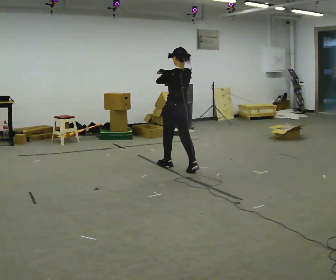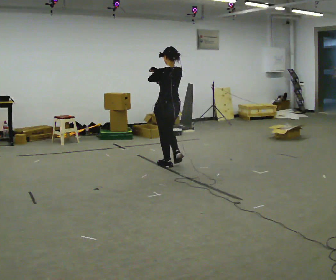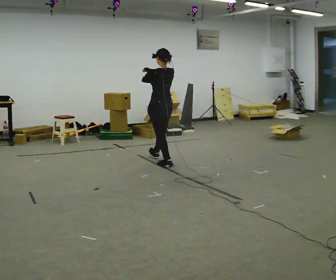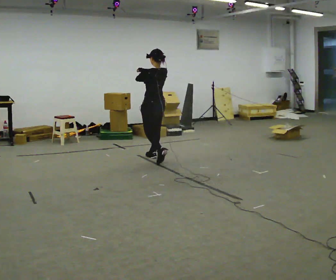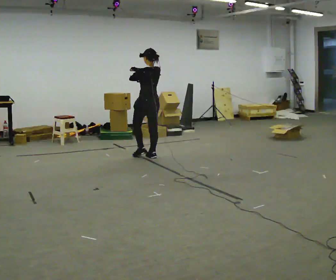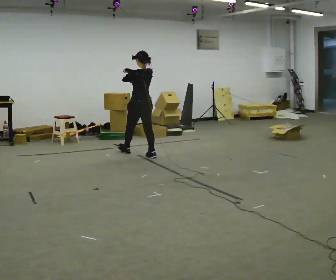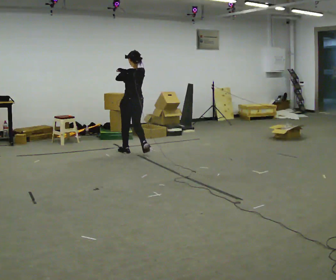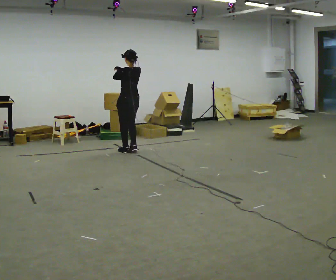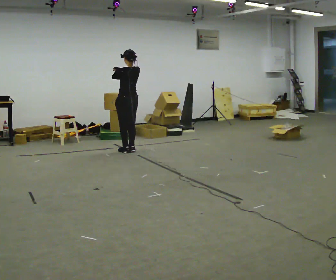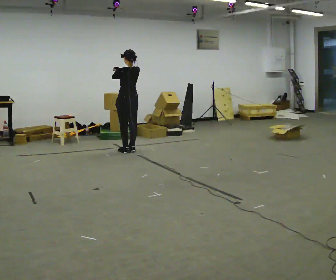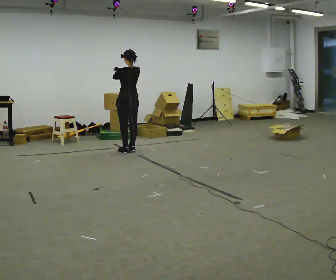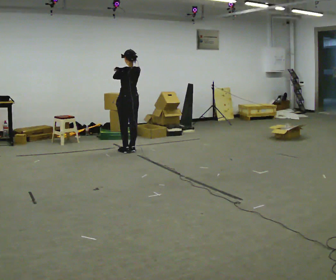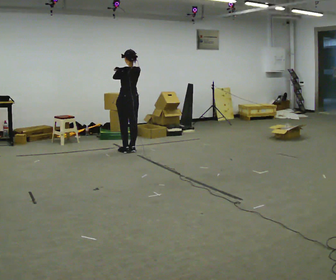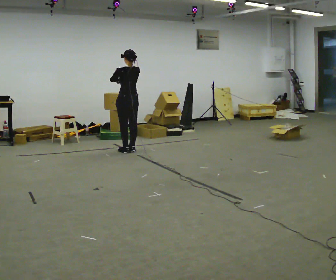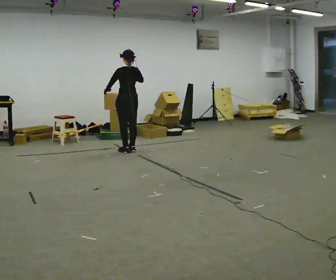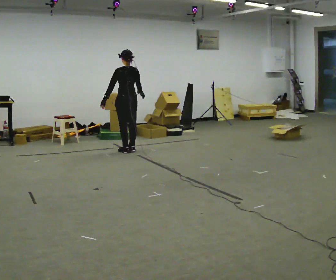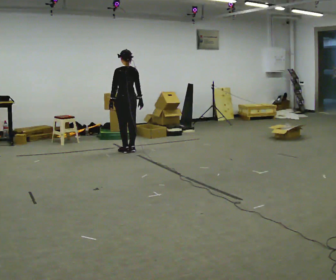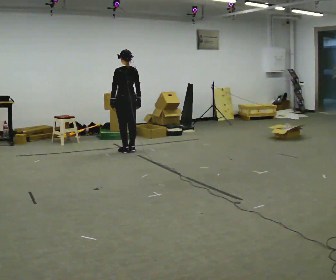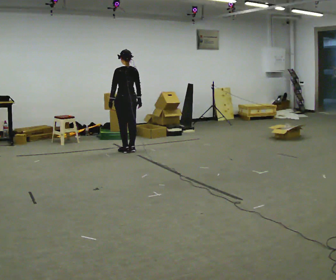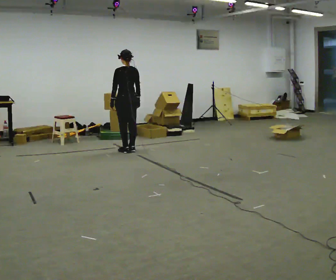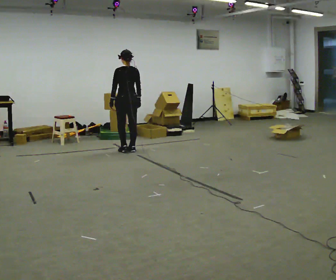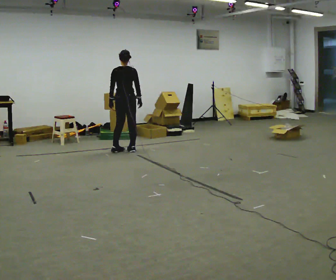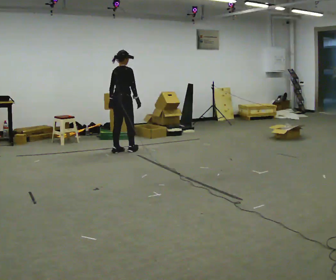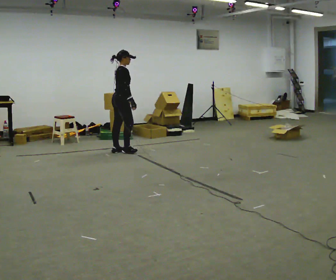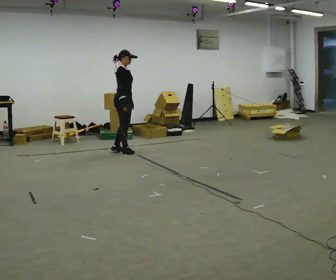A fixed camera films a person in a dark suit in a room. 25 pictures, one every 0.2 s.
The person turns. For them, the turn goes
to their right.
The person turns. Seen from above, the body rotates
clockwise.
0.0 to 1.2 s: In the picture they go away from the camera and to the left, about 1 m in 2 steps, which for them is forward.
1.2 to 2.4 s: In the picture they go away from the camera, about 0.25 m in 1 step, which for them is forward.
2.4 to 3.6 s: In the picture their right hand goes downward and to the right.
3.6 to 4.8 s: The person turns about 135 degrees to their right, clockwise seen from above, so the part of the body nearest the lens slides to the left.
The film runs forward here.
